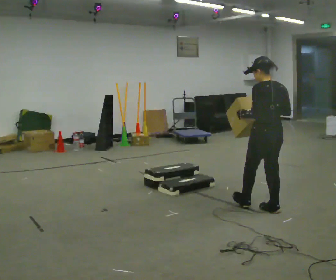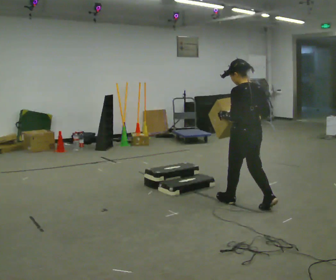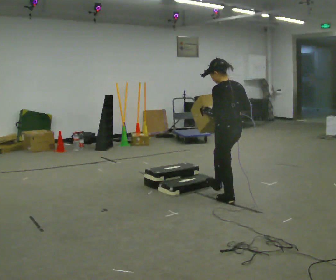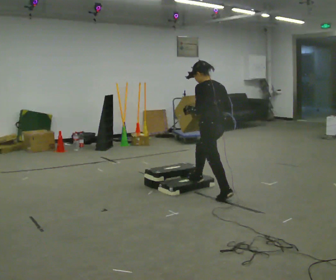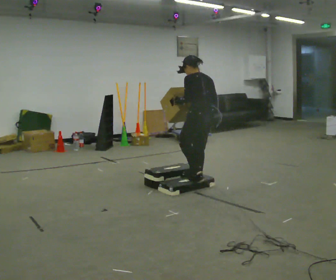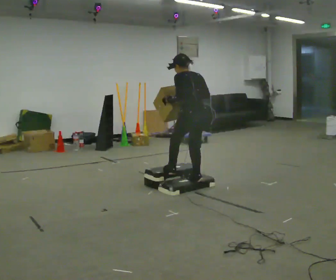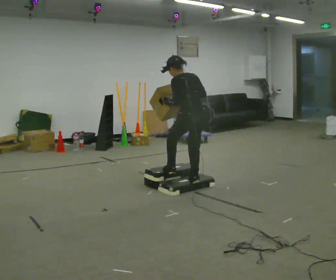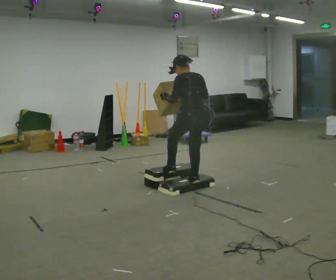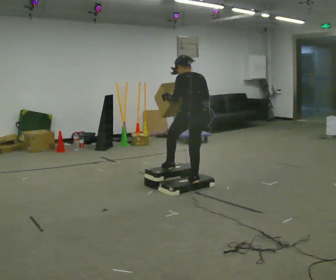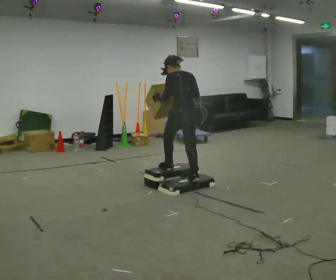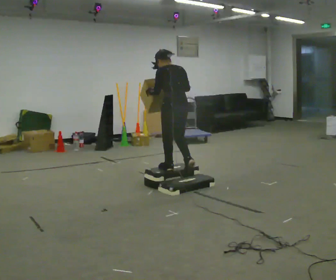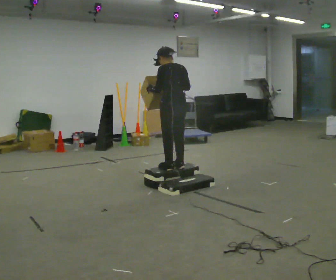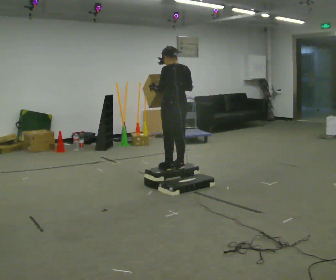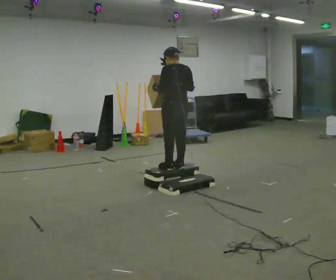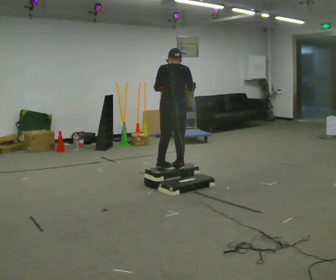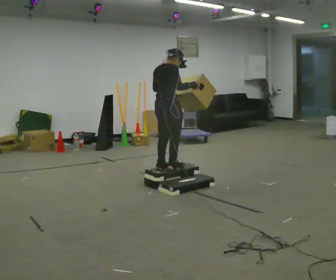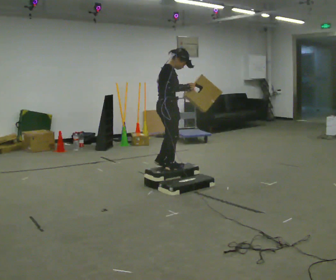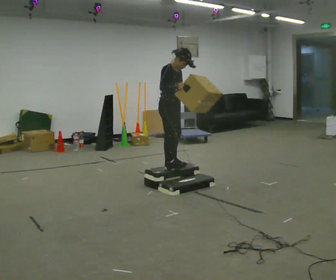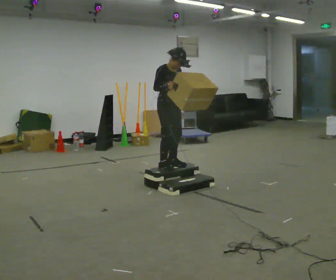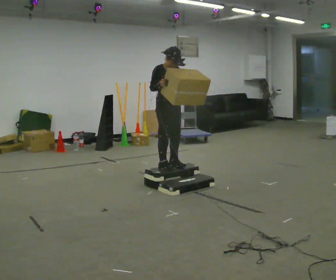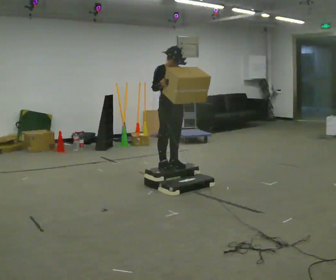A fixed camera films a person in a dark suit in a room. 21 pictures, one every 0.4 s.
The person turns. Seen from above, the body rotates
clockwise.
The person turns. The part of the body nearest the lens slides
to the left.
0.0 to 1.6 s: In the picture they go away from the camera and to the left, about 1 m in 2 steps, which for them is forward.
1.6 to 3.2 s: The person moves a little, or ends about where they began.
3.2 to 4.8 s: In the picture they go away from the camera and to the left, about 0.25 m in 2 steps, which for them is forward.
4.8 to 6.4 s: The part of the body nearest the lens slides to the left as the person turns to their right by about 105 degrees.
6.4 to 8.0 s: The person turns about 60 degrees to their right, clockwise seen from above, so the part of the body nearest the lens slides to the left.
The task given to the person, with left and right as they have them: Carry the box up the three steps, turn at the top, and carry it back down. Use the handrail only if you need it. Keep going until the operator says stop; one object at a time, and do not rush between trips.
The film runs forward here.
